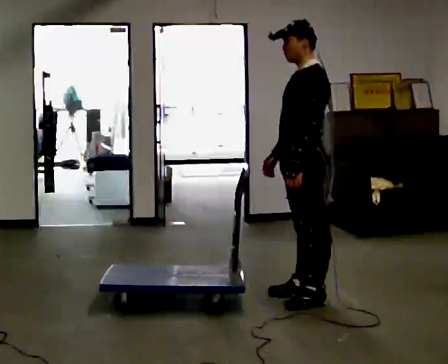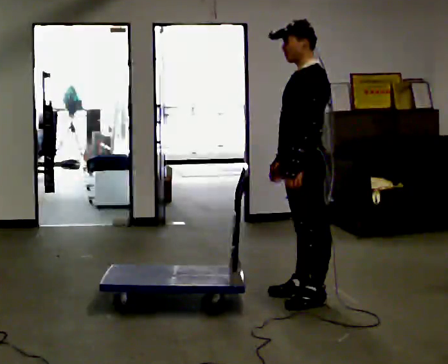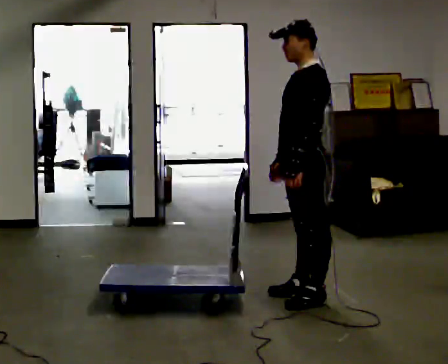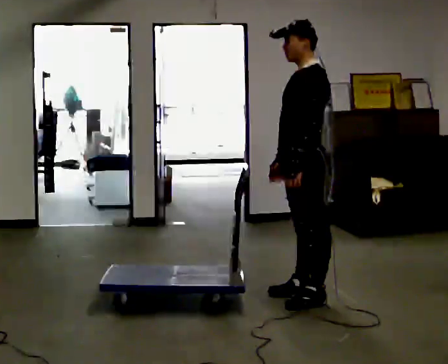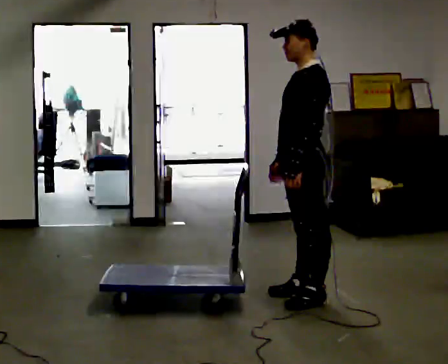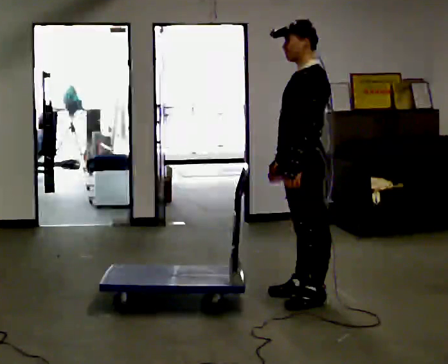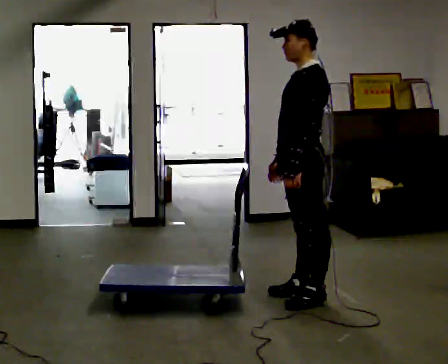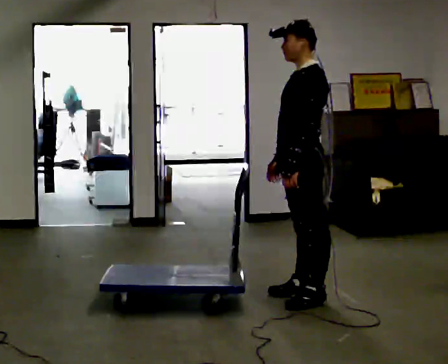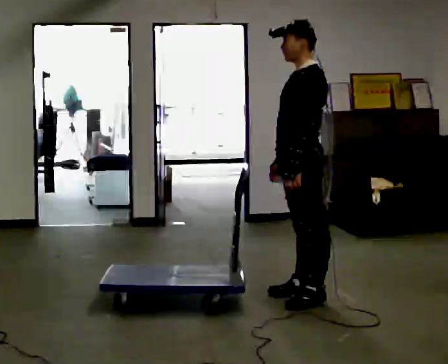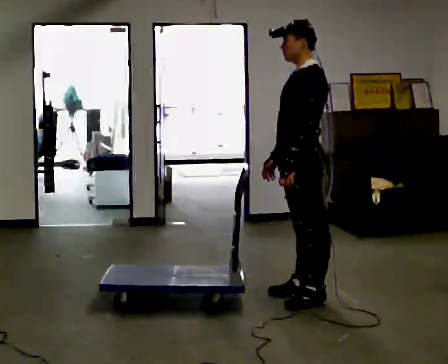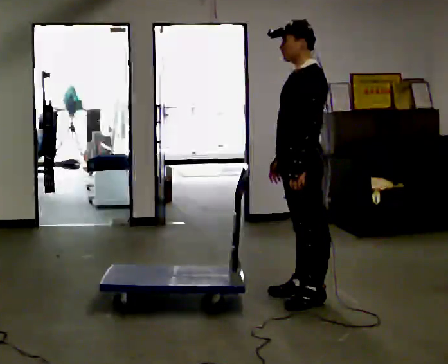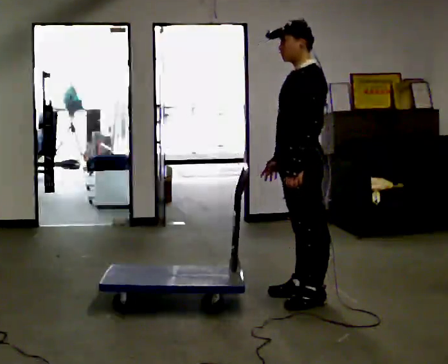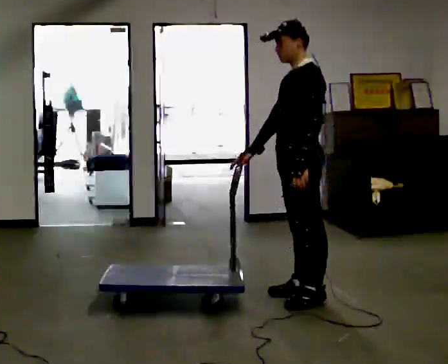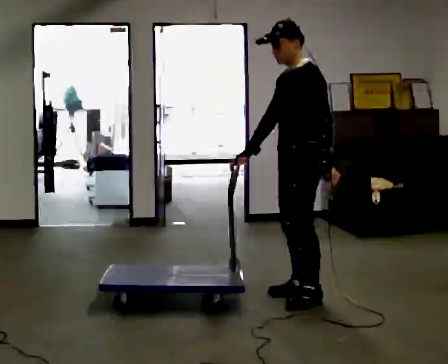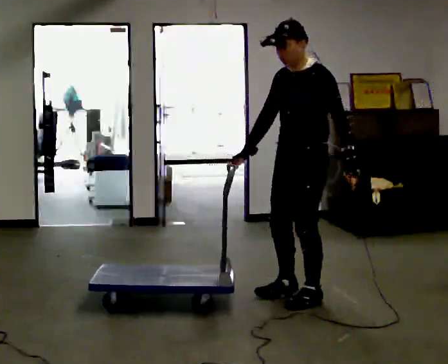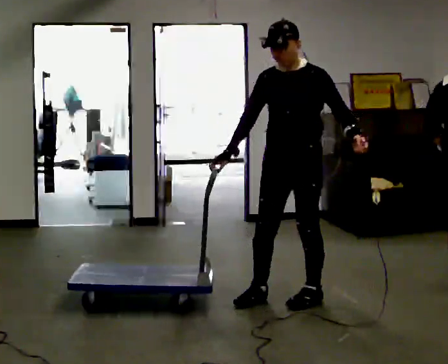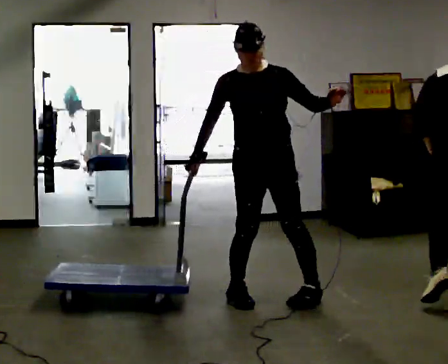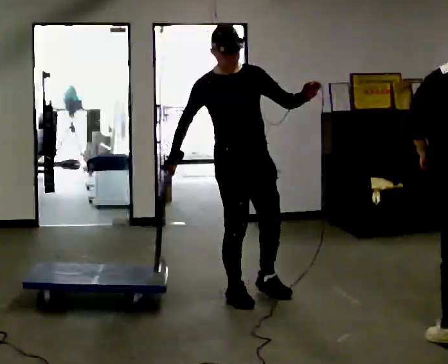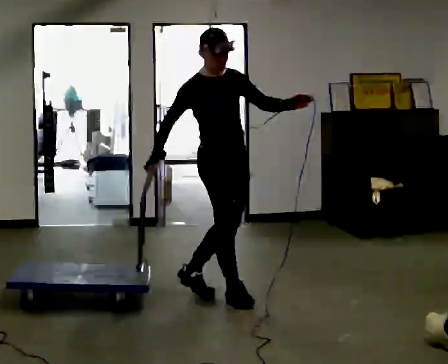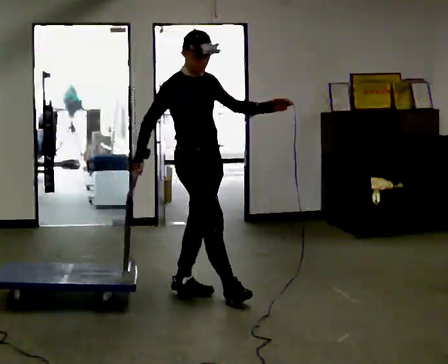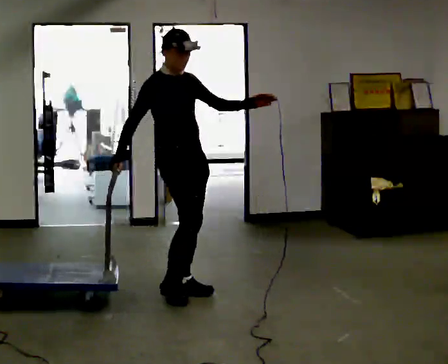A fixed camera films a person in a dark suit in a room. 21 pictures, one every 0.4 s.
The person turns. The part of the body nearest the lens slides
to the right.
The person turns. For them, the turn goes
to their left.
0.0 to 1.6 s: The person moves a little, or ends about where they began.
1.6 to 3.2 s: The person keeps their place and pose.
3.2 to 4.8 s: The person moves a little, or ends about where they began.
4.8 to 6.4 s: The person turns about 75 degrees to their left, counterclockwise seen from above, so the part of the body nearest the lens slides to the right. In the picture they go to the left, about 0.25 m in 1 step. In the picture their left hand goes upward, the arm swinging counterclockwise.
6.4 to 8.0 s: The person turns about 60 degrees to their left, counterclockwise seen from above, so the part of the body nearest the lens slides to the right. In the picture they go to the left and away from the camera, about 0.5 m in 2 steps.
The film runs backward here.
